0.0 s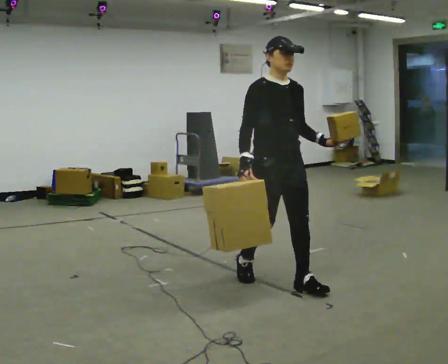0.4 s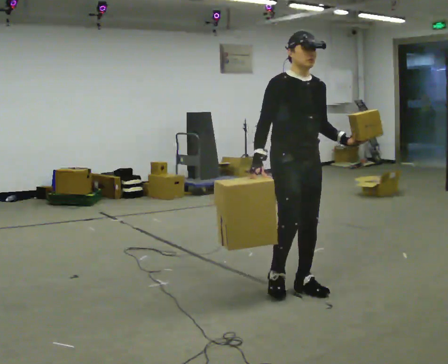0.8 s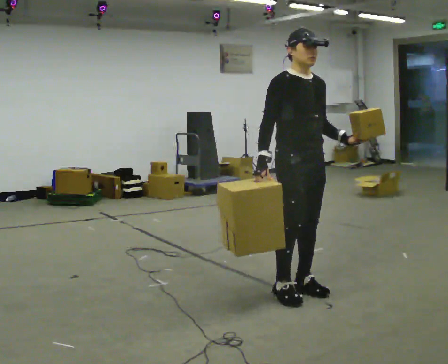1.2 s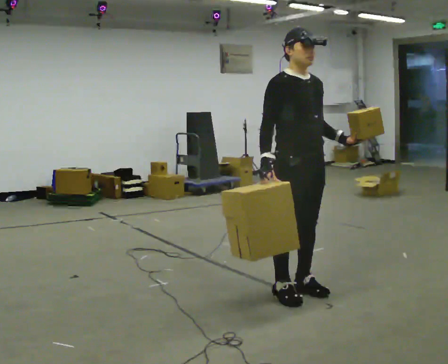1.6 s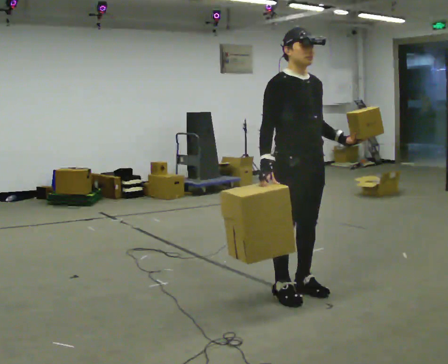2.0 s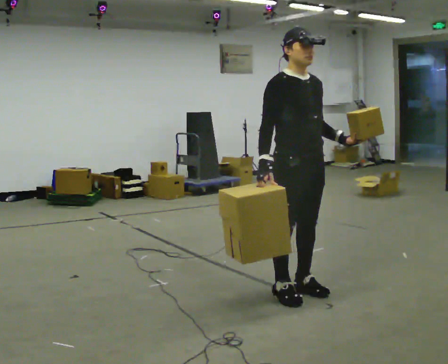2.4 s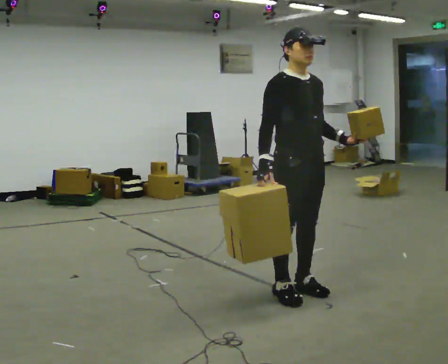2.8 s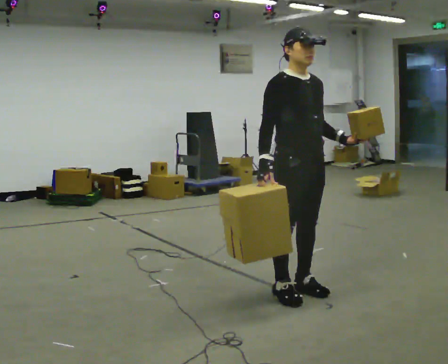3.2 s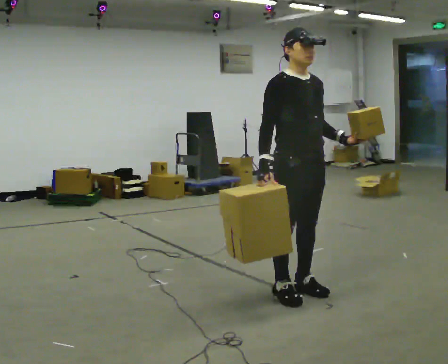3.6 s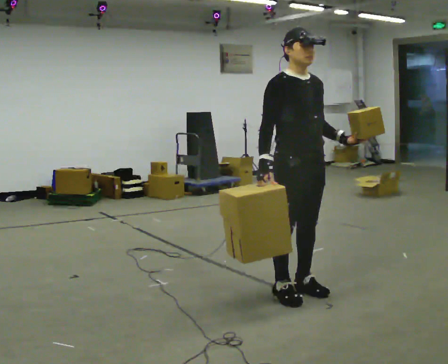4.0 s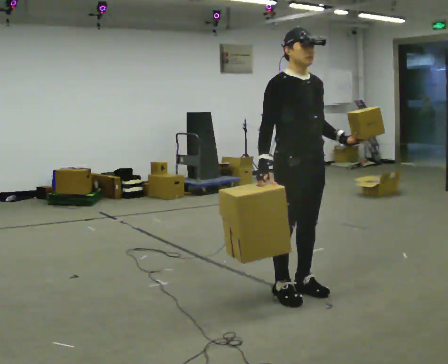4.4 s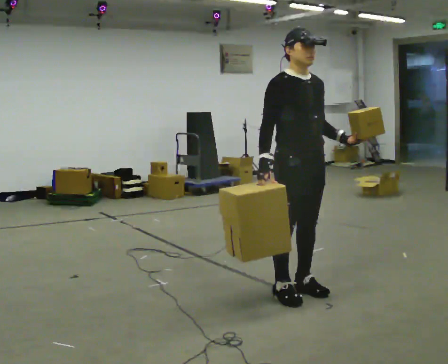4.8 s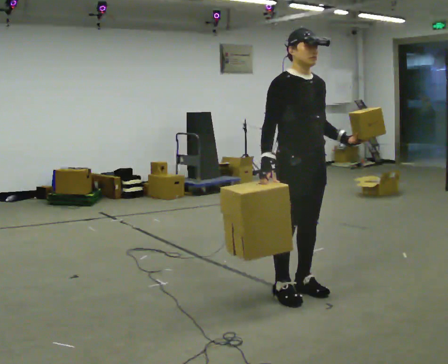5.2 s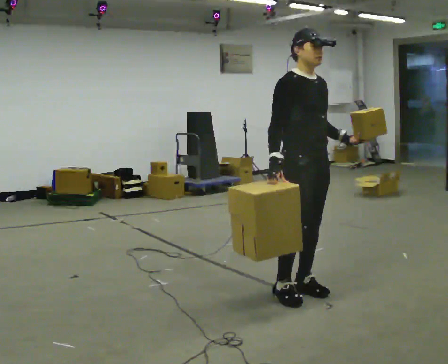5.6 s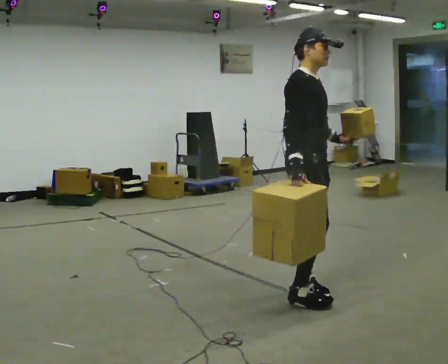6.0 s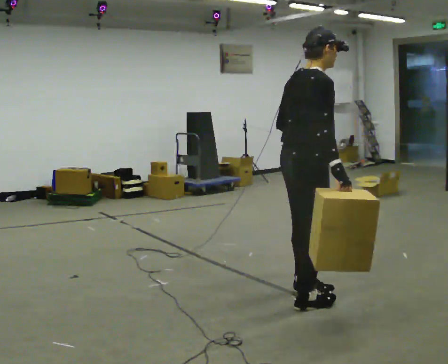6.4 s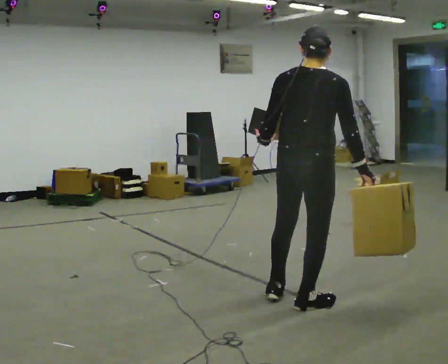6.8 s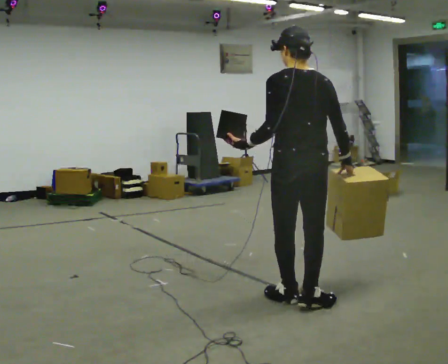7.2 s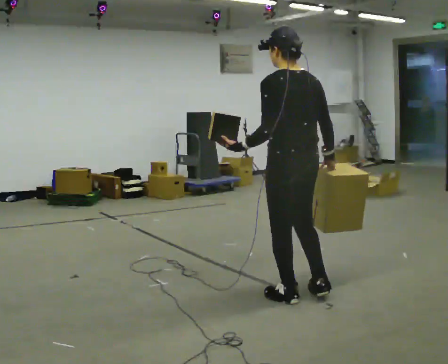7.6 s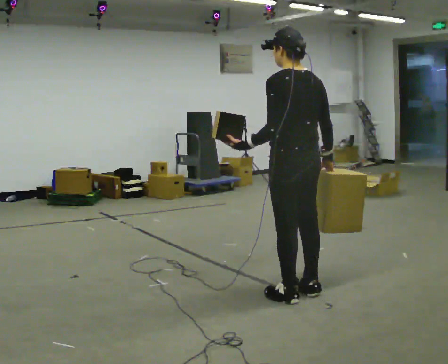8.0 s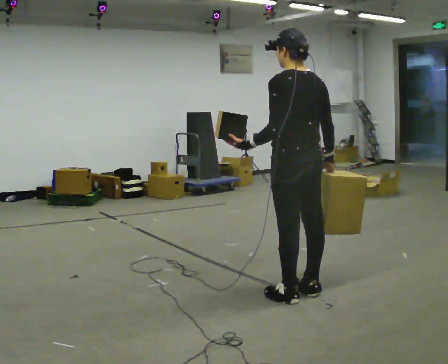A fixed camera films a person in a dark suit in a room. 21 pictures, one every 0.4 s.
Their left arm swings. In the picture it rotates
clockwise.
The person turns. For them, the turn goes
to their left.
0.0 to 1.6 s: In the picture they go toward the camera, about 0.25 m in 1 step, which for them is forward.
1.6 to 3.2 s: The person keeps their place and pose.
3.2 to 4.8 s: The person moves a little, or ends about where they began.
4.8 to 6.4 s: The person turns about 120 degrees to their left, counterclockwise seen from above, so the part of the body nearest the lens slides to the right. In the picture they go toward the camera, about 0.25 m in 1 step.
6.4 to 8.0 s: The person turns about 60 degrees to their left, counterclockwise seen from above, so the part of the body nearest the lens slides to the right. In the picture they go away from the camera, about 0.25 m in 2 steps, which for them is forward.
The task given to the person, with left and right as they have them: Carry one object in each hand, the heavy one in the hand the operator calls, walking back and forth across the room.
The film runs forward here.
